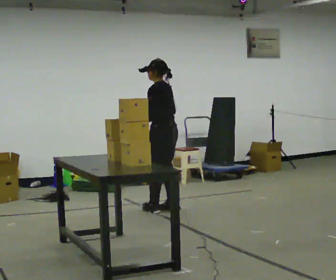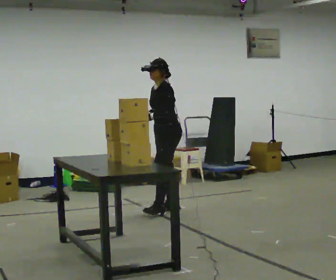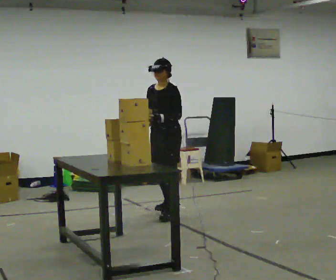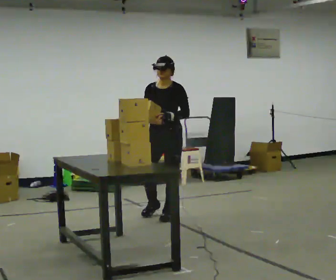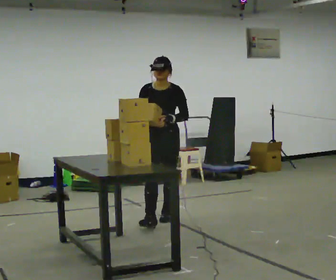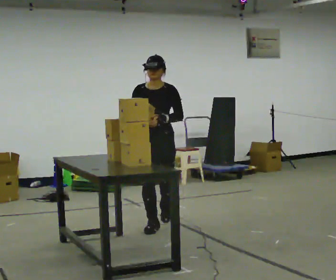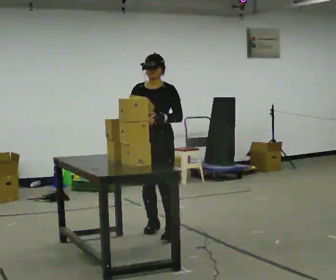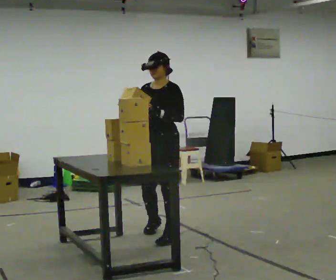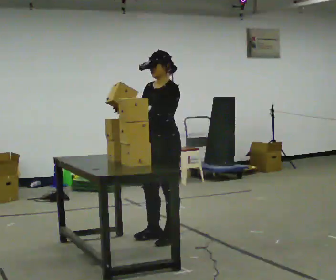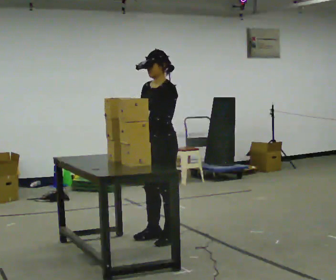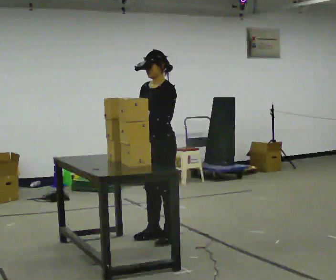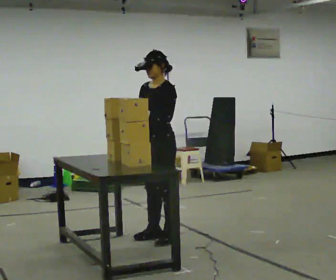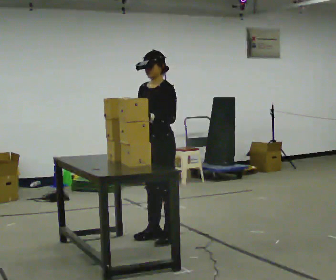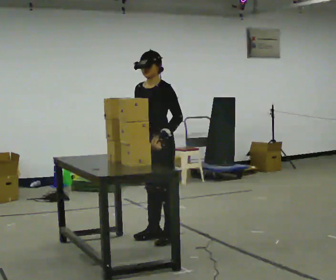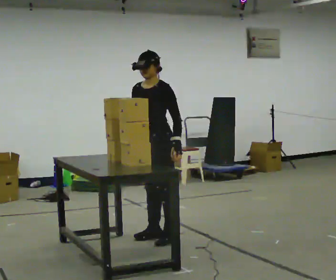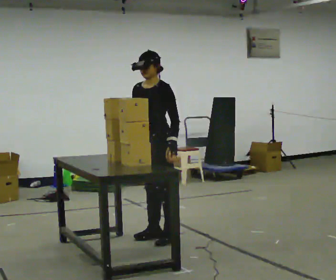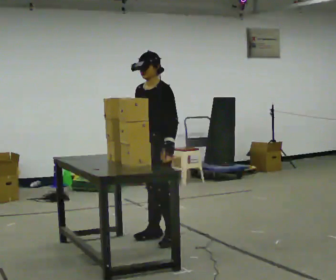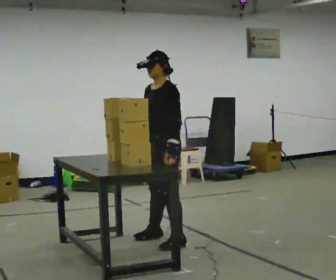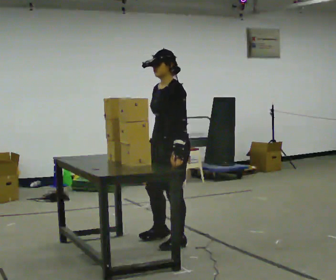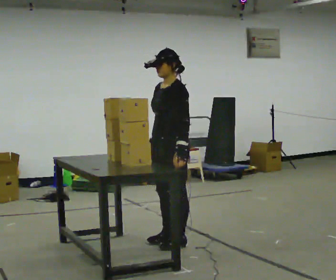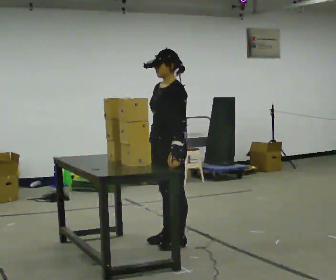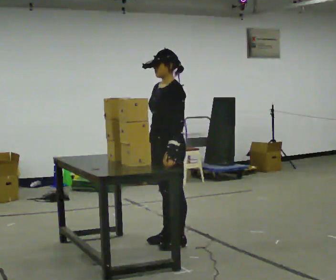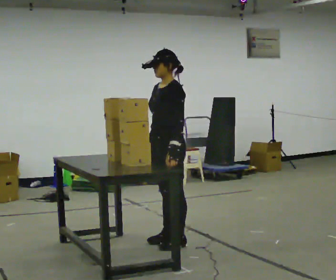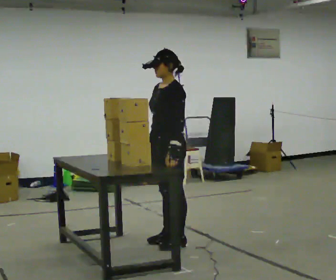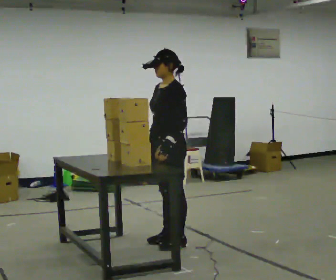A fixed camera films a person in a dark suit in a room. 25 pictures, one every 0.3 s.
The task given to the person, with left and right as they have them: Pick up the next box in the row and carry it to the table. The operator will not tell you how heavy each one is. Keep going until the operator says stop; one object at a time, and do not rush between trips.
0.0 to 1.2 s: The person turns about 105 degrees to their left, counterclockwise seen from above, so the part of the body nearest the lens slides to the right. In the picture they go toward the camera, about 0.5 m in 1 step.
1.2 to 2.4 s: The part of the body nearest the lens slides to the left as the person turns to their right by about 45 degrees. In the picture they go toward the camera, about 0.75 m in 3 steps, which for them is forward and to their left.
2.4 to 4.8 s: The person moves a little, or ends about where they began.
4.8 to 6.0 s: In the picture they go toward the camera, about 0.25 m in 2 steps, which for them is to their left.
6.0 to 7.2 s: The person moves a little, or ends about where they began.
The film runs forward here.
